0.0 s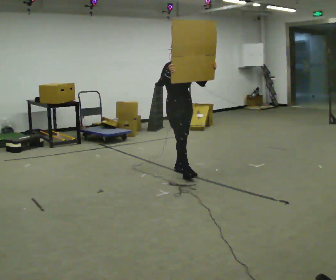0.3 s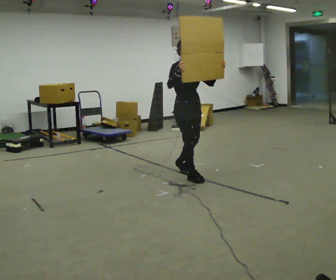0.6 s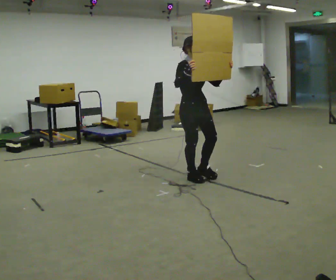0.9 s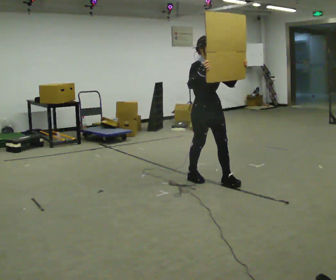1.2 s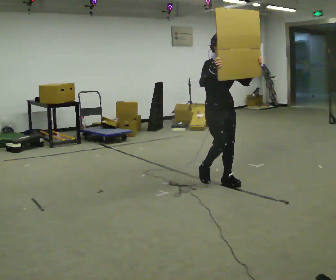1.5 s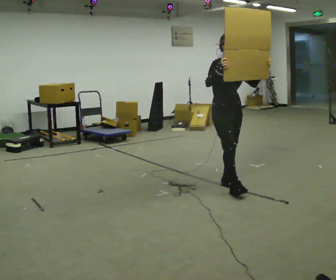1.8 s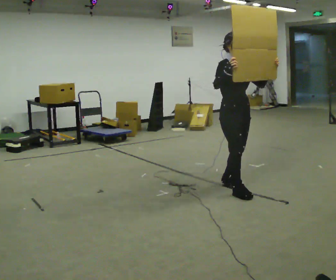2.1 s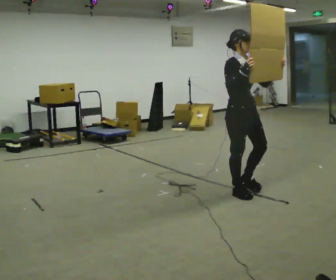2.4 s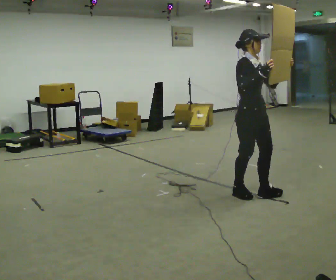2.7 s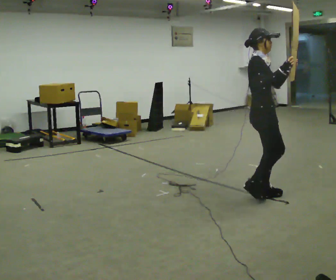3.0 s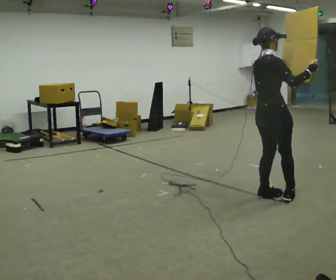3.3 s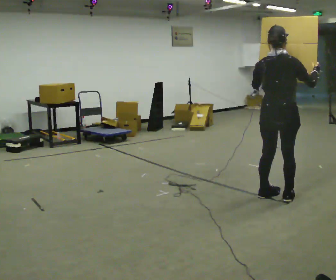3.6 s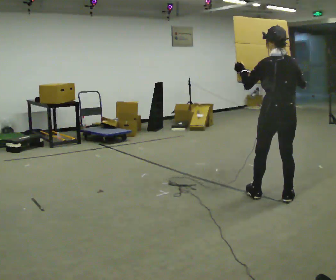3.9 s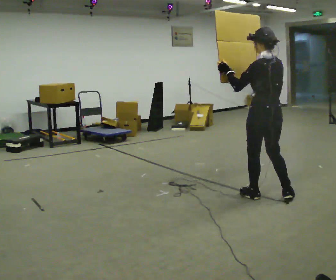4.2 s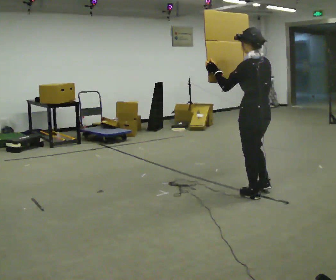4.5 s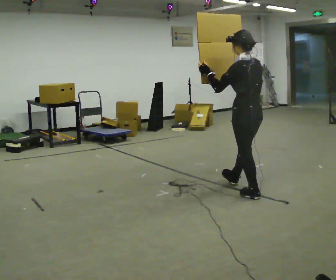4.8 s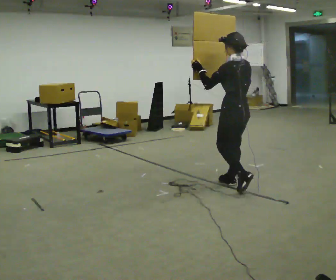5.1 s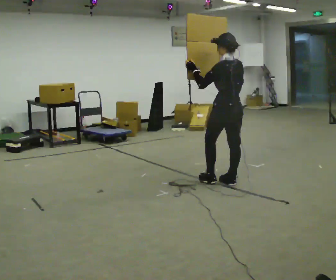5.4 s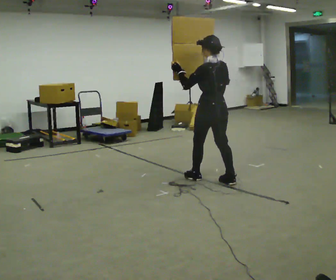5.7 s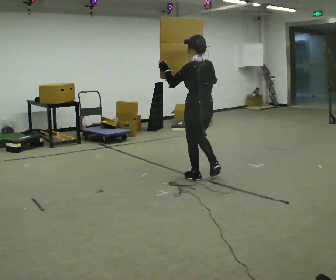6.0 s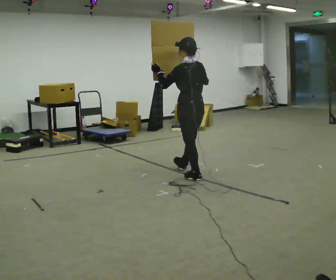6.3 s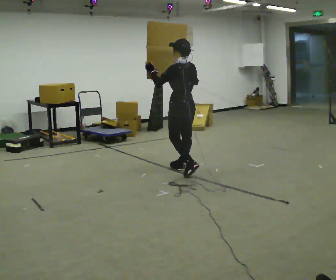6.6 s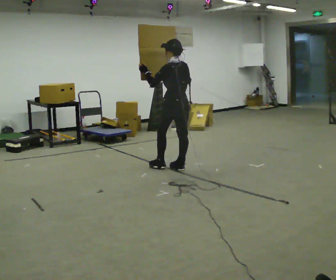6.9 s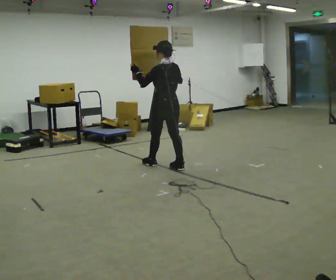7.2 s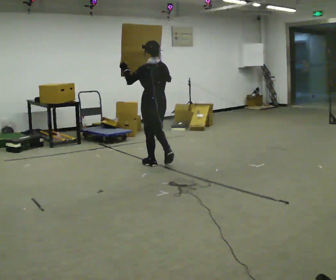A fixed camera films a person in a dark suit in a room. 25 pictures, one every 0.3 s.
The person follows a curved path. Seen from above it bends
counterclockwise.
0.0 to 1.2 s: In the picture they go to the right and toward the camera, about 0.75 m in 2 steps, which for them is forward.
1.2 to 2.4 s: In the picture they go toward the camera and to the right, about 0.5 m in 2 steps, which for them is forward.
2.4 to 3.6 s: Seen from above the body turns counterclockwise, about 135 degrees: to their left, with its near side sliding to the right. In the picture they go to the right, about 0.25 m in 1 step.
3.6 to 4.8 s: Seen from above the body turns counterclockwise, about 30 degrees: to their left, with its near side sliding to the right. In the picture they go to the left and away from the camera, about 0.5 m in 1 step, which for them is forward.
4.8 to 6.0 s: In the picture they go to the left and away from the camera, about 0.75 m in 1 step, which for them is forward.
6.0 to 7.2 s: In the picture they go to the left and away from the camera, about 0.5 m in 2 steps, which for them is forward.
The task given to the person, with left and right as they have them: Carry the large panel across the room. It will block your view ahead, so take whatever route feels safe. Keep going until the operator says stop; one object at a time, and do not rush between trips.
The film runs forward here.
